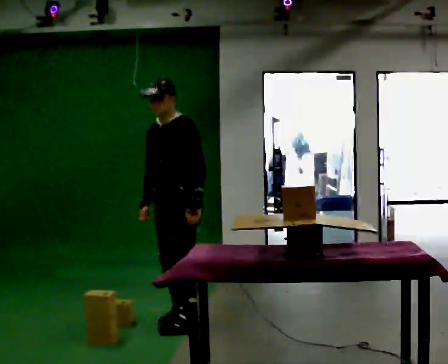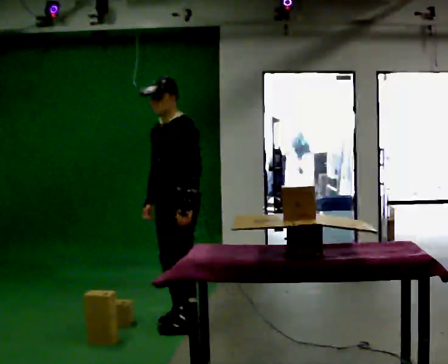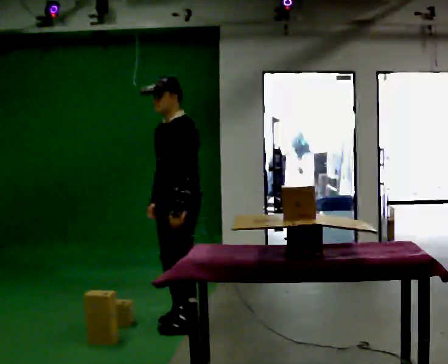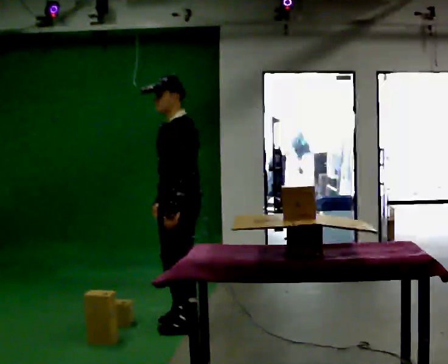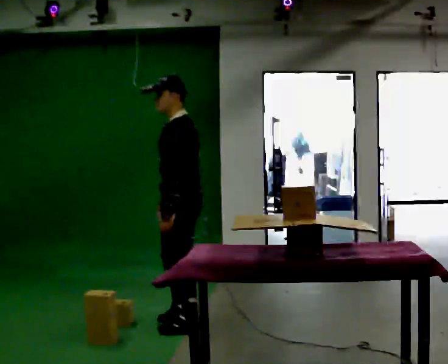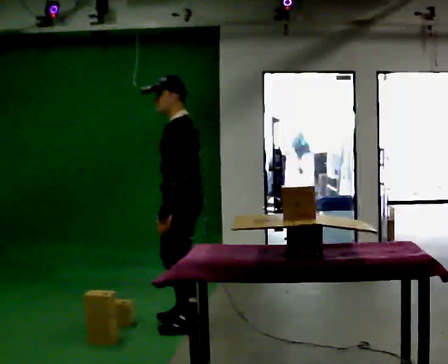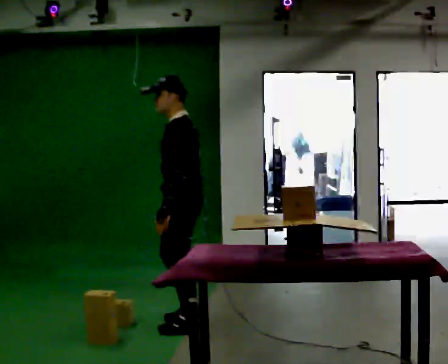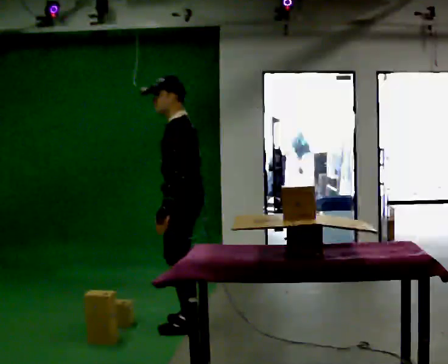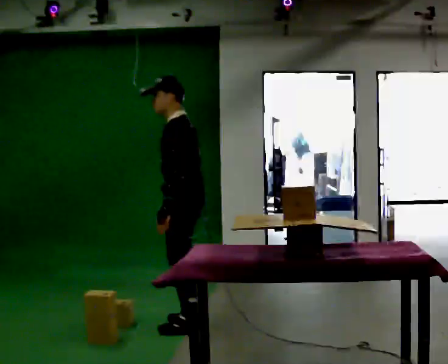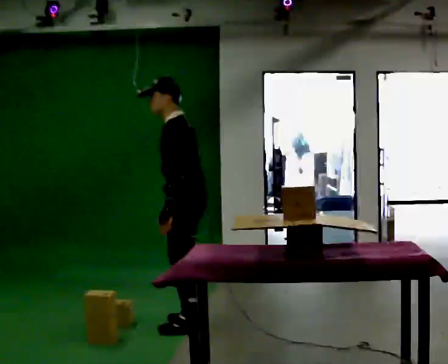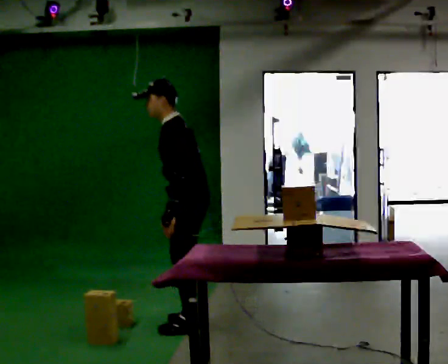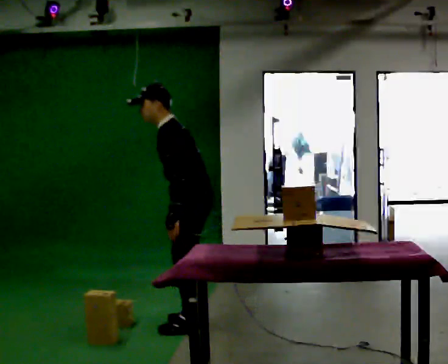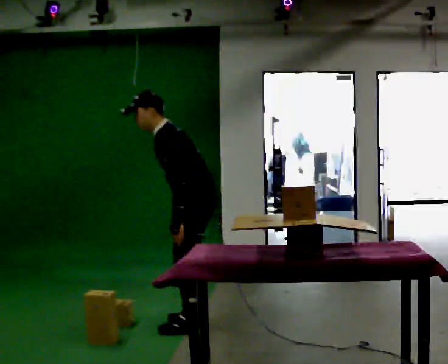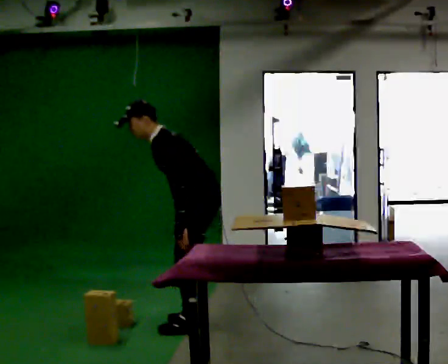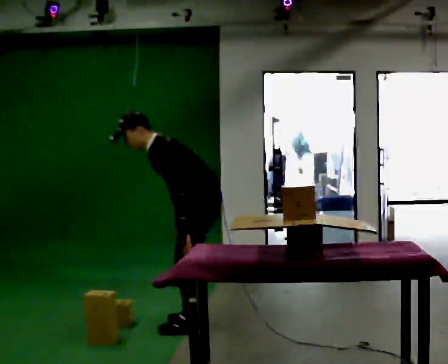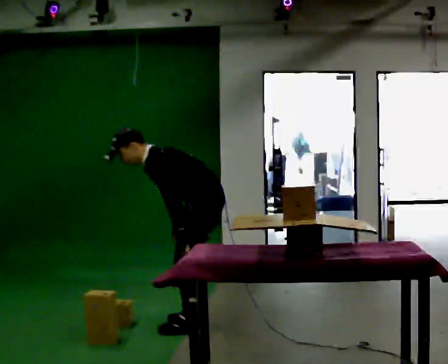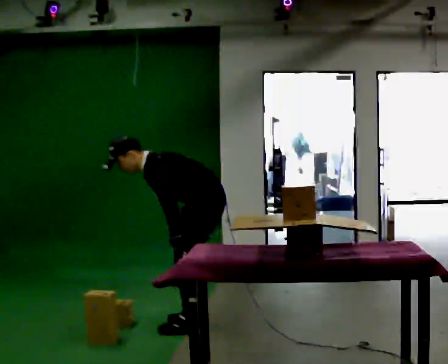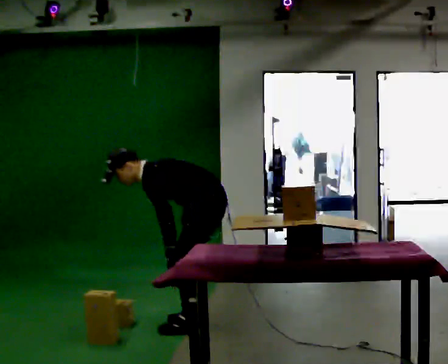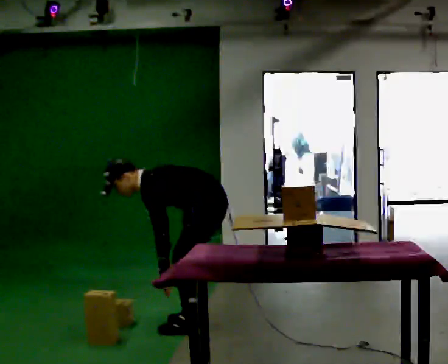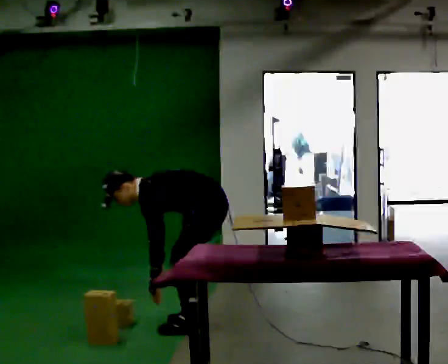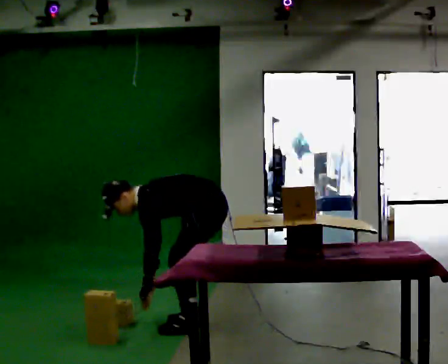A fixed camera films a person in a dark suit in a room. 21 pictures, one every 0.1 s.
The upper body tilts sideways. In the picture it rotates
counterclockwise.
Their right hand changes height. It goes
downward.
0.0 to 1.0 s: The person turns about 45 degrees to their right, clockwise seen from above, so the part of the body nearest the lens slides to the left. In the picture they go toward the camera, about 0.25 m in 1 step, which for them is to their left.
1.0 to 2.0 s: The upper body goes downward. In the picture the upper body tilts counterclockwise, shoulders to the left, as they bend forward. In the picture their left hand goes downward.
The film runs backward here.
